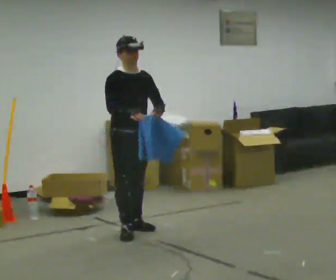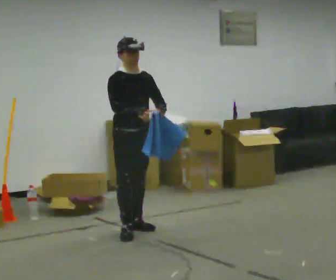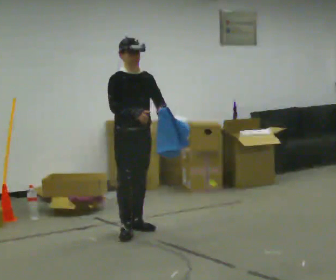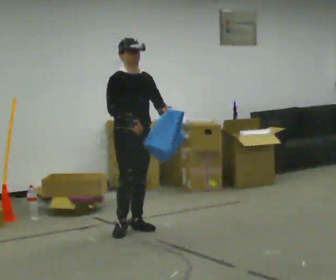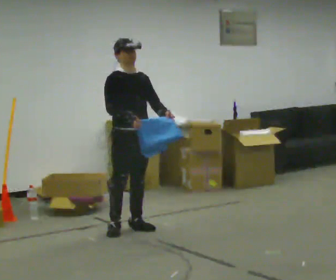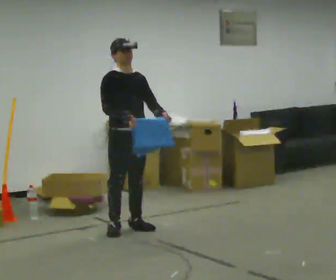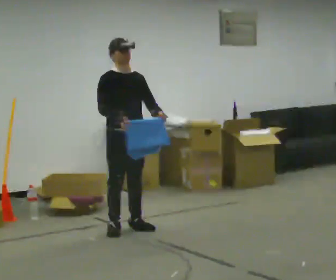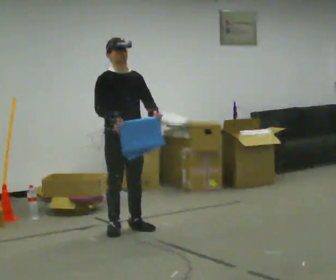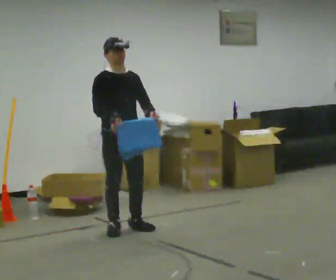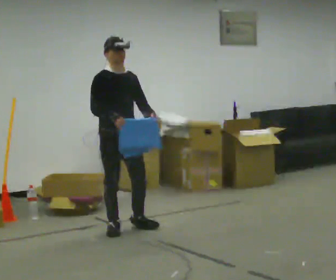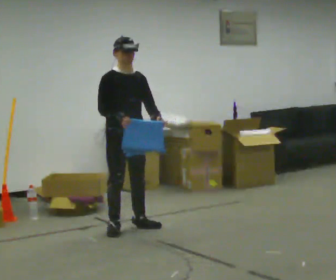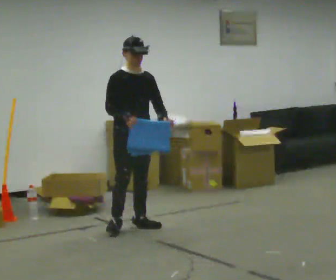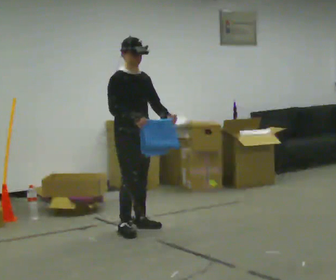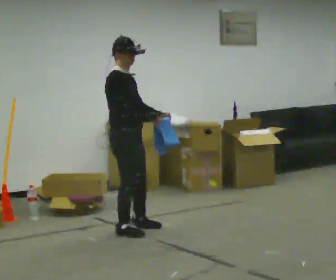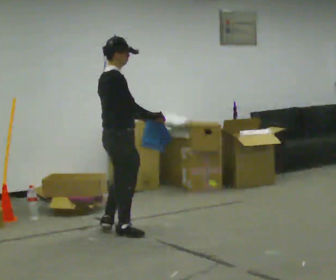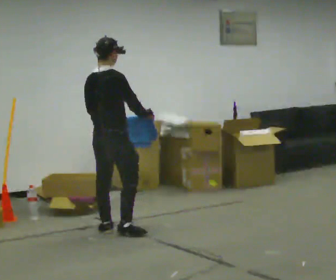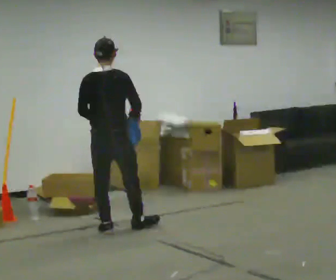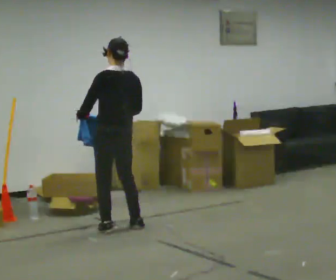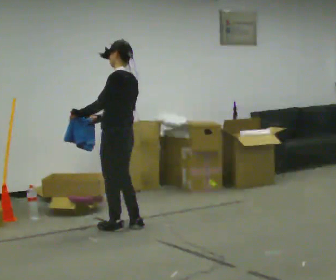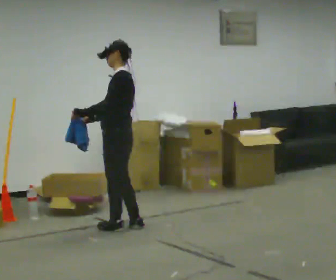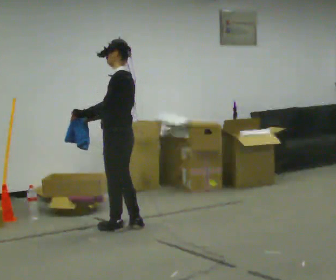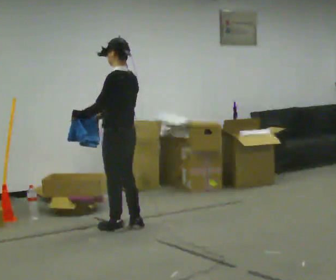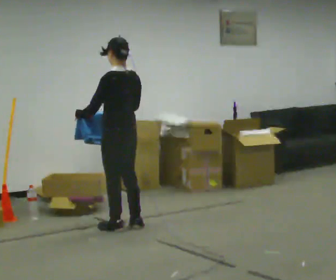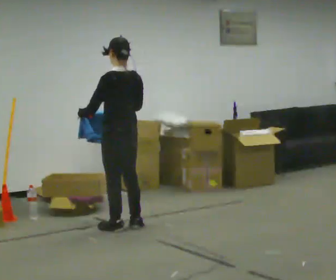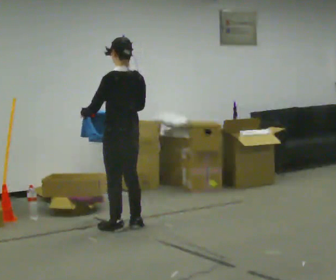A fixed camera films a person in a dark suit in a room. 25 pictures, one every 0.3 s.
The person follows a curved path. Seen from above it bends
counterclockwise.
0.0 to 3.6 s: In the picture they go away from the camera, about 0.25 m in 1 step, which for them is backward.
3.6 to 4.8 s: The person turns about 135 degrees to their left, counterclockwise seen from above, so the part of the body nearest the lens slides to the right. In the picture they go to the left, about 0.25 m in 2 steps.
4.8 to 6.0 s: The part of the body nearest the lens slides to the right as the person turns to their left by about 90 degrees. In the picture their right hand goes to the left, the arm swinging clockwise.
6.0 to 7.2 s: The part of the body nearest the lens slides to the left as the person turns to their right by about 45 degrees.
The film runs backward here.
